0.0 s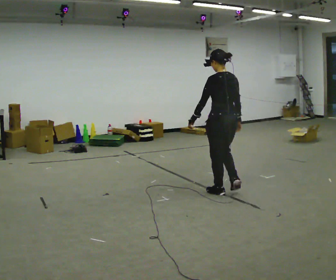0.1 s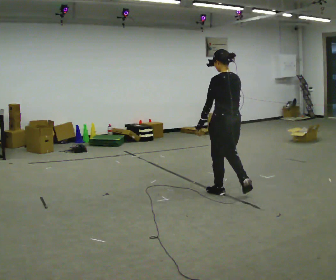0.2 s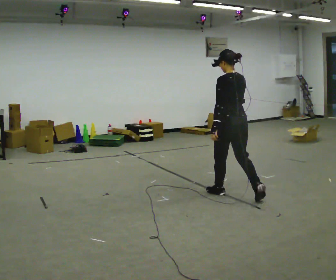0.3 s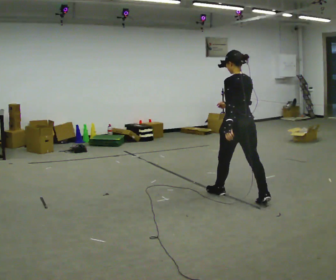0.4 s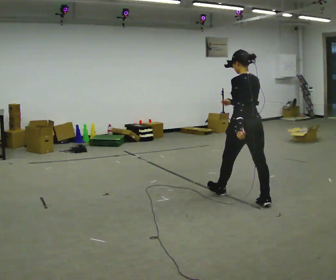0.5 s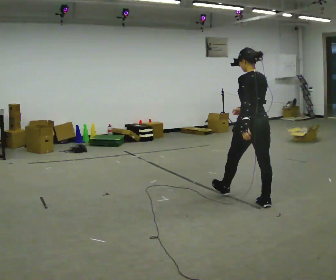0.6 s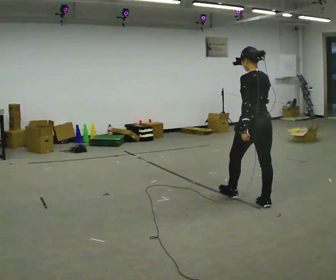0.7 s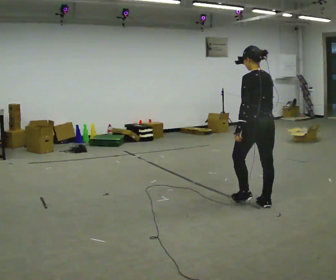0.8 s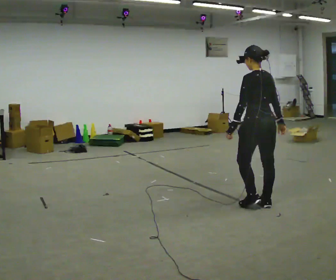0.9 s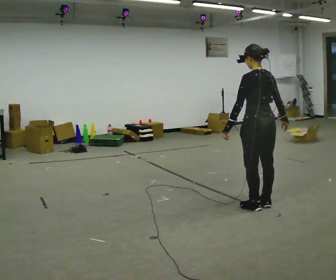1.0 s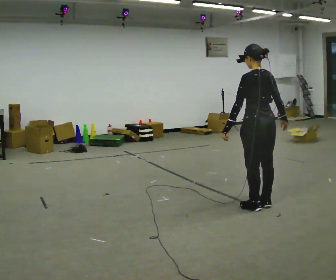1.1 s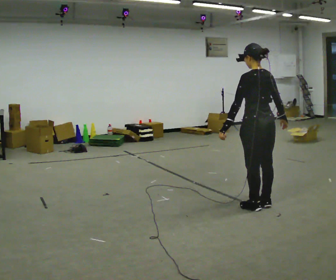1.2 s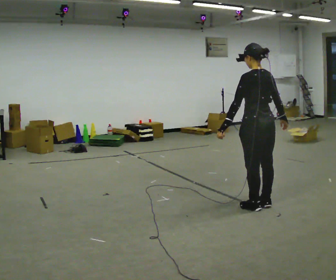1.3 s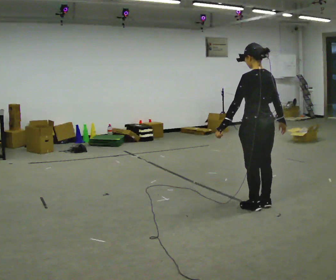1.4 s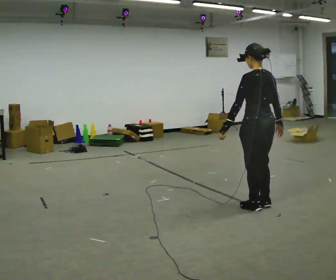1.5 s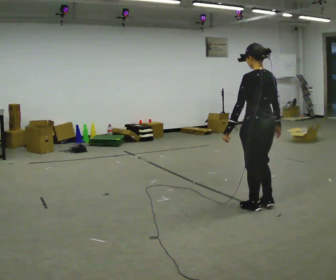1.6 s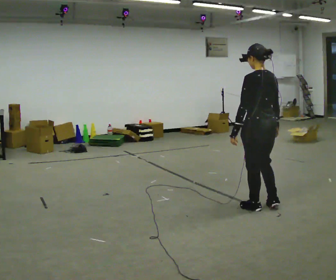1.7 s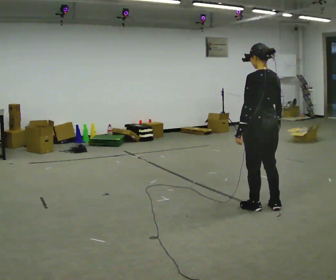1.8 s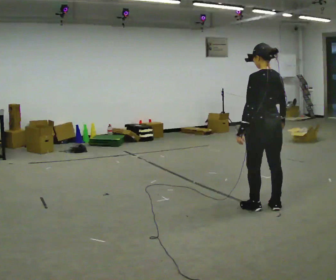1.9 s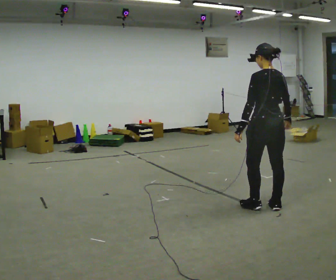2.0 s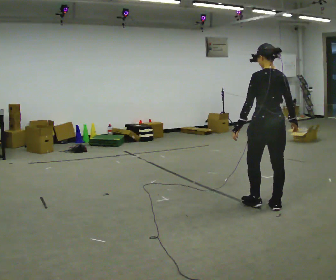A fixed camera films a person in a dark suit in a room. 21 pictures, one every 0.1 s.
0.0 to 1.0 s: In the picture they go toward the camera and to the right, about 0.5 m in 1 step, which for them is backward.
1.0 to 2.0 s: The person moves a little, or ends about where they began.
The film runs backward here.
